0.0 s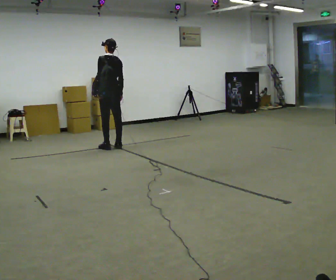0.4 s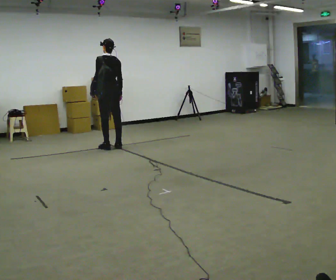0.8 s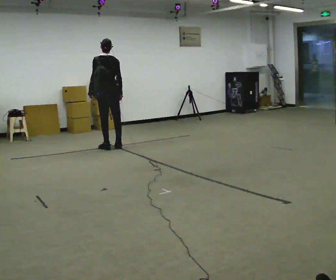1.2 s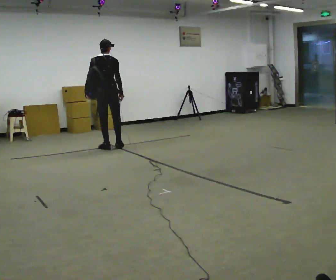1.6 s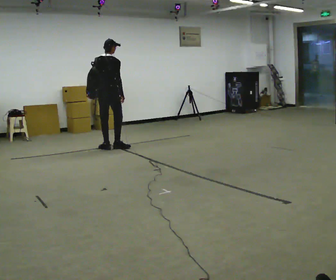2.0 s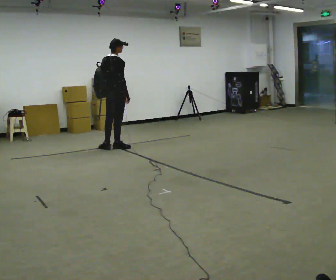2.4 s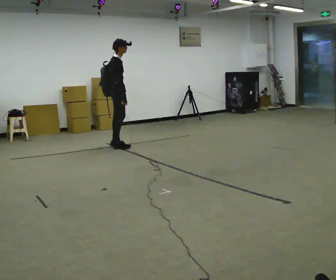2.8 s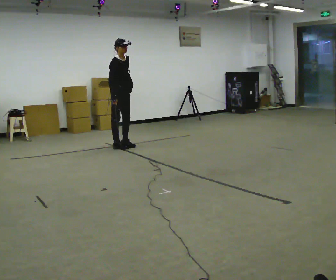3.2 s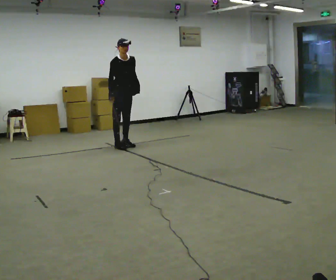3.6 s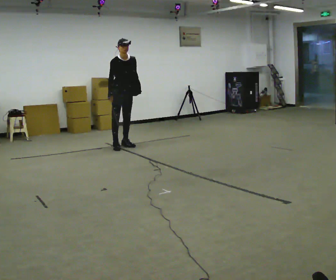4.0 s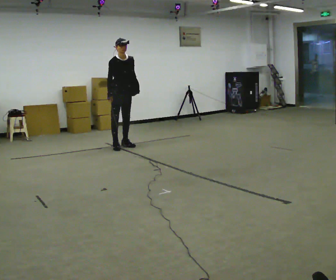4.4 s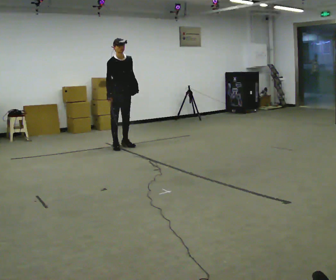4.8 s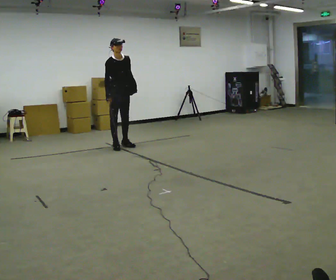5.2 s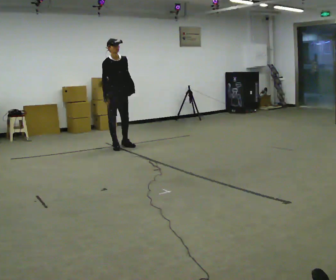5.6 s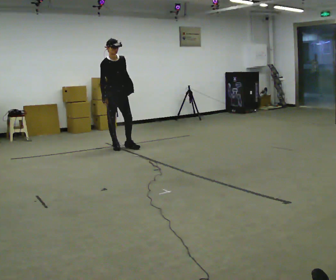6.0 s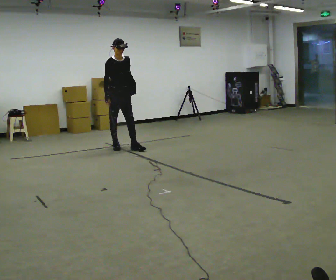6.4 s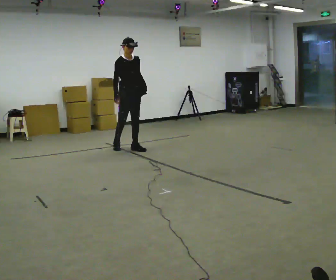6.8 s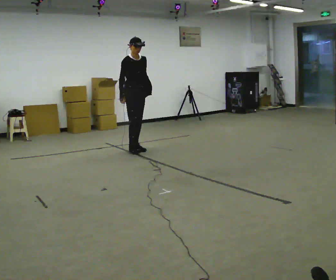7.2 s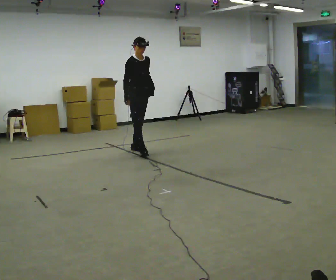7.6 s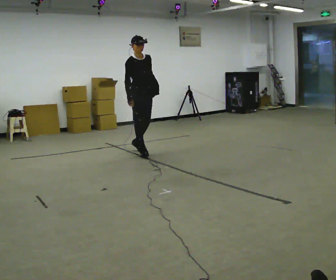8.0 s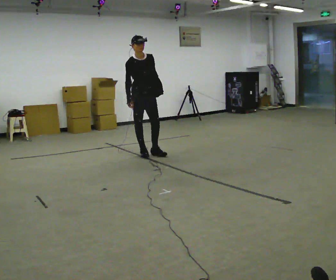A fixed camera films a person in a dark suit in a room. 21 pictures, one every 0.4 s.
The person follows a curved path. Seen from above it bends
clockwise.
The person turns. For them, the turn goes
to their right.
0.0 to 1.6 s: Seen from above the body turns clockwise, about 60 degrees: to their right, with its near side sliding to the left.
1.6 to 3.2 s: Seen from above the body turns clockwise, about 135 degrees: to their right, with its near side sliding to the left. In the picture they go to the right and away from the camera, about 0.25 m in 1 step.
3.2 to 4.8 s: The person moves a little, or ends about where they began.
4.8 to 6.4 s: In the picture they go toward the camera and to the right, about 0.25 m in 1 step, which for them is forward.
6.4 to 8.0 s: In the picture they go toward the camera and to the right, about 0.5 m in 1 step, which for them is forward.
The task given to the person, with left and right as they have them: Put the soft bag up onto your shoulder and carry it across the room, back and forth.
The film runs forward here.
